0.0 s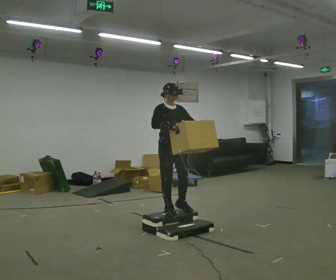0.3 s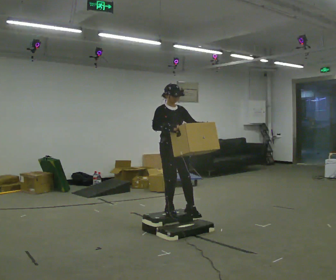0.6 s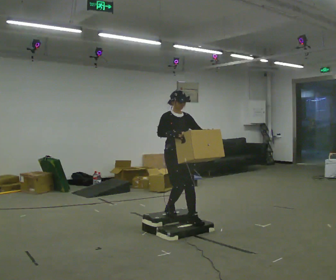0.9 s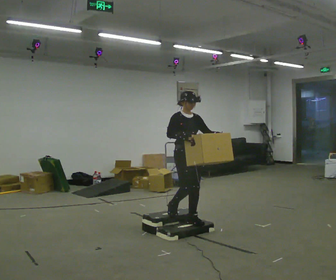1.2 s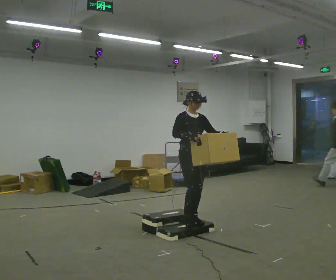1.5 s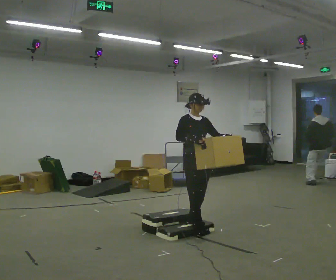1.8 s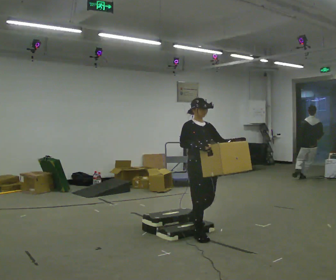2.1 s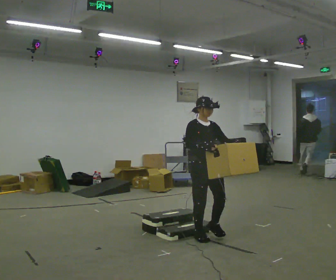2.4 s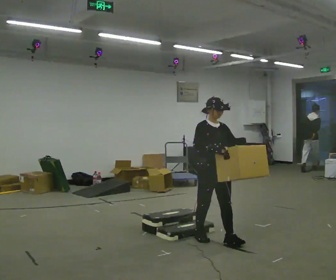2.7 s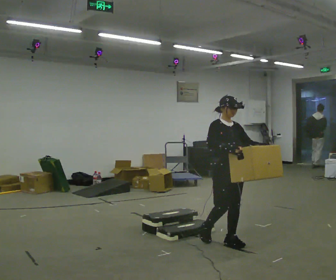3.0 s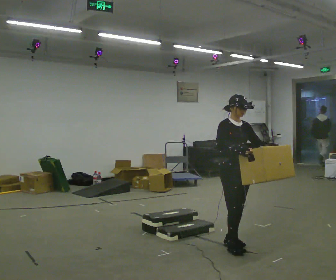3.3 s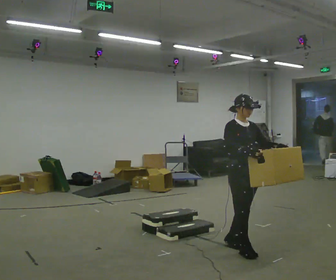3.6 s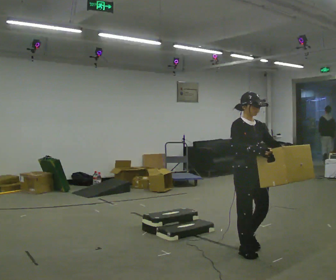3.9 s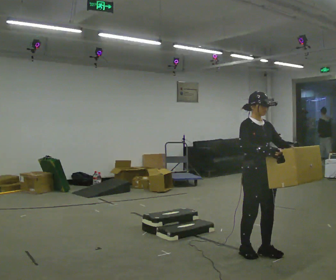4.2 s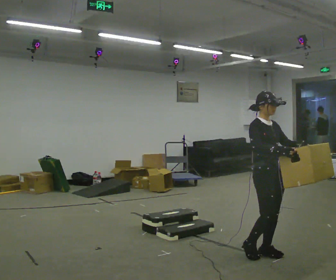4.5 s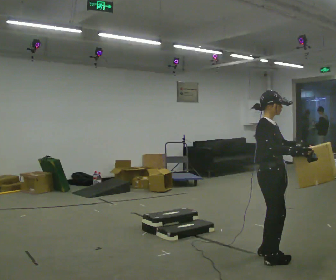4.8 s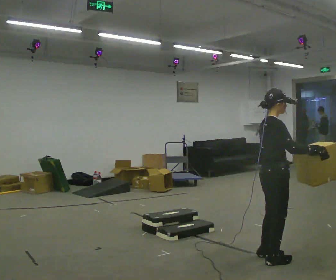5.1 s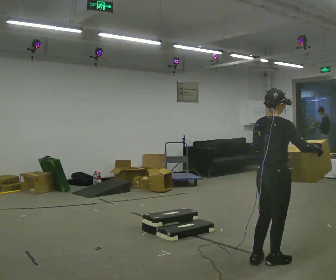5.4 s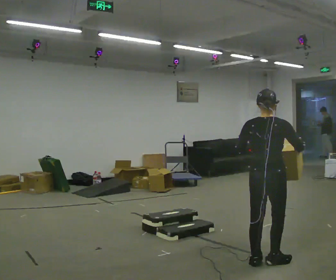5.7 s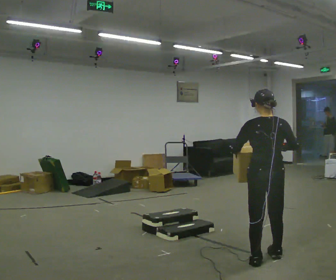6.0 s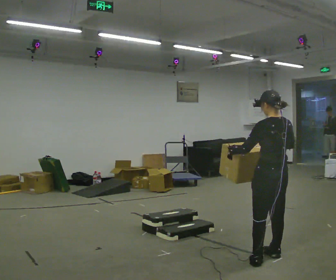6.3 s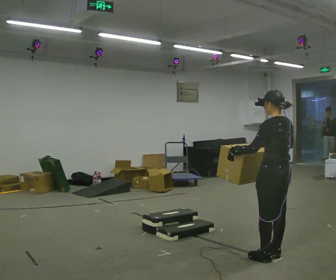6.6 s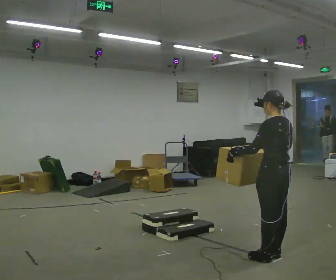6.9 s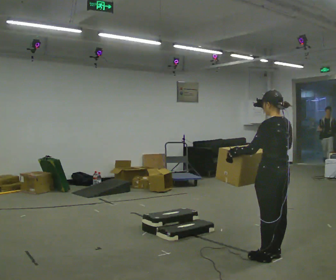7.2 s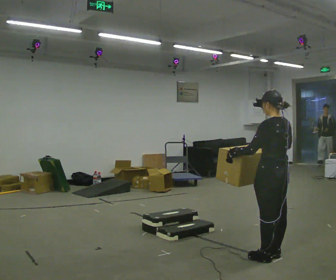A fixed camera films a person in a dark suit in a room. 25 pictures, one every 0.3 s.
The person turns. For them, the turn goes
to their left.
The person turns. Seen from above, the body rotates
counterclockwise.
0.0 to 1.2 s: In the picture they go to the right, about 0.25 m in 1 step, which for them is forward and to their left.
1.2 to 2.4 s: In the picture they go toward the camera and to the right, about 0.5 m in 2 steps, which for them is forward.
2.4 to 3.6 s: In the picture they go to the right and toward the camera, about 0.5 m in 1 step, which for them is forward.
3.6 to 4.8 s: The person turns about 60 degrees to their left, counterclockwise seen from above, so the part of the body nearest the lens slides to the right. In the picture they go to the right and toward the camera, about 0.25 m in 2 steps, which for them is forward.
4.8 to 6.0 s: The person turns about 105 degrees to their left, counterclockwise seen from above, so the part of the body nearest the lens slides to the right. In the picture their right hand goes to the left.
6.0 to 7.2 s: The person moves a little, or ends about where they began.
The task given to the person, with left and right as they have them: Carry the box up the three steps, turn at the top, and carry it back down. Use the handrail only if you need it. Keep going until the operator says stop; one object at a time, and do not rush between trips.
The film runs forward here.
